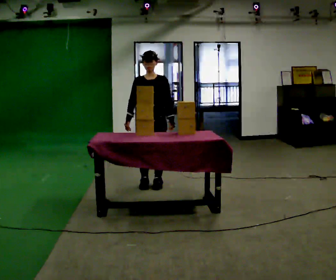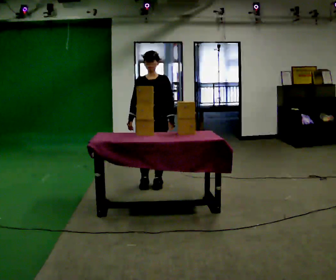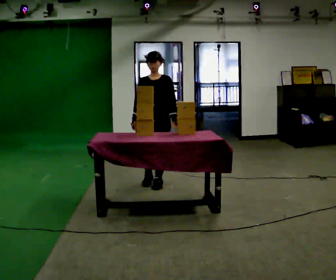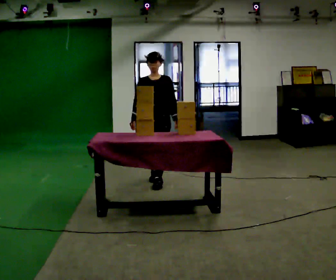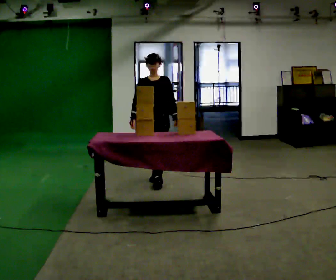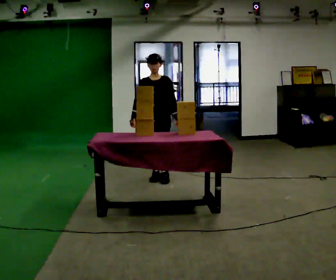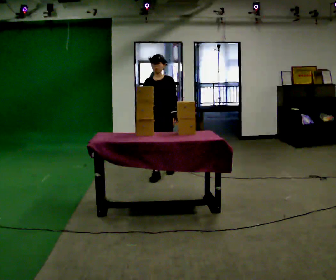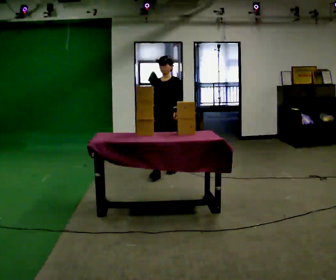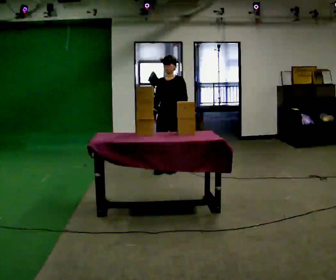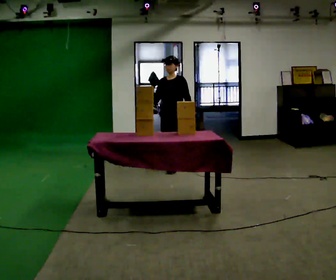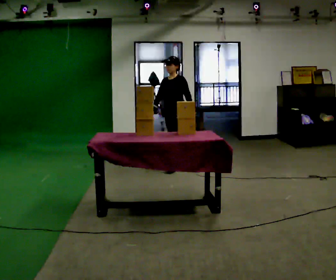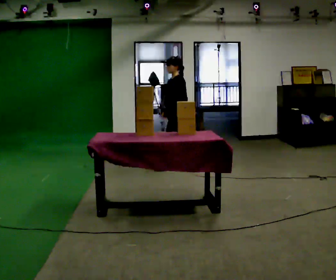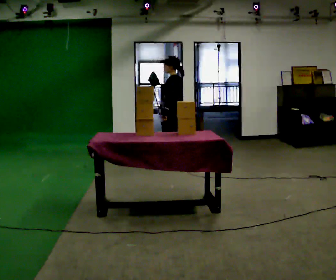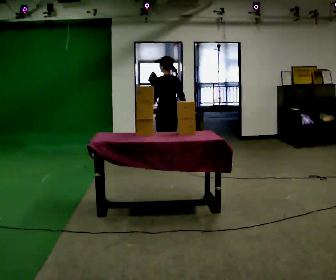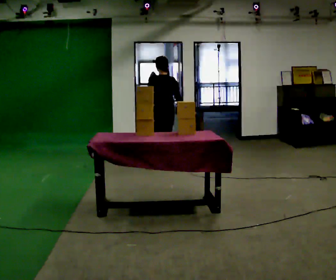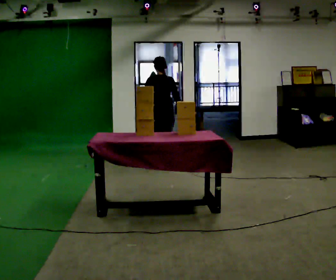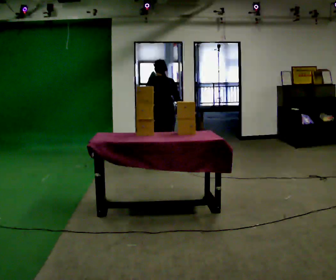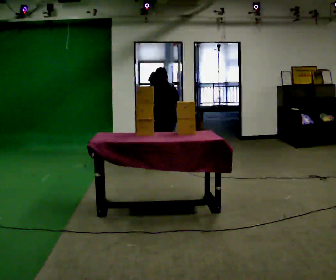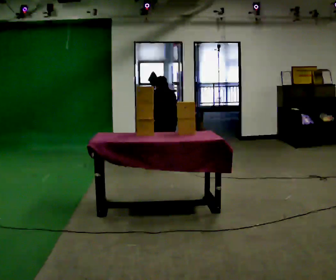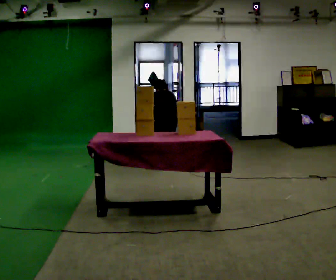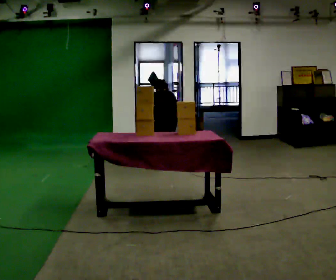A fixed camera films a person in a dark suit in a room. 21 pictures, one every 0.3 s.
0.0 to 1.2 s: In the picture they go away from the camera, about 0.25 m in 1 step, which for them is backward.
1.2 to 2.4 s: In the picture they go away from the camera, about 0.5 m in 2 steps, which for them is backward.
2.4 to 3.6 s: The part of the body nearest the lens slides to the left as the person turns to their right by about 90 degrees. In the picture they go away from the camera, about 0.25 m in 1 step.
3.6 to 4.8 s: The person turns about 75 degrees to their right, clockwise seen from above, so the part of the body nearest the lens slides to the left. In the picture they go to the left, about 0.25 m in 1 step. The upper body tips away from the camera, its near side rolling upward, as they bend forward. In the picture their left hand goes to the left.
4.8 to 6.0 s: The upper body goes downward. The upper body tips away from the camera, its near side rolling upward, as they bend forward.
The film runs backward here.
